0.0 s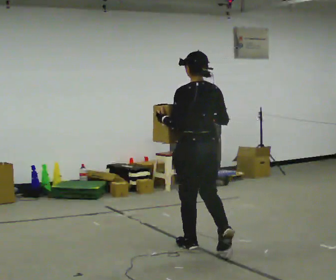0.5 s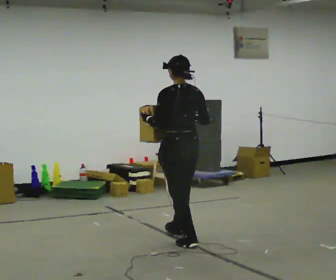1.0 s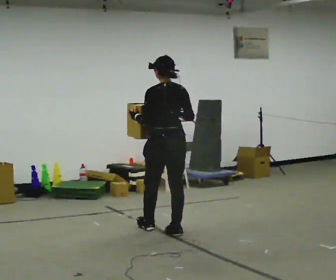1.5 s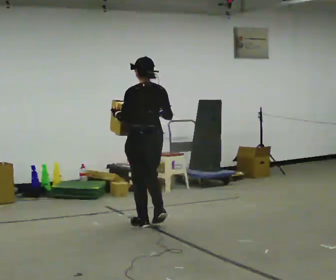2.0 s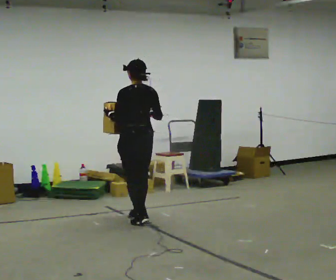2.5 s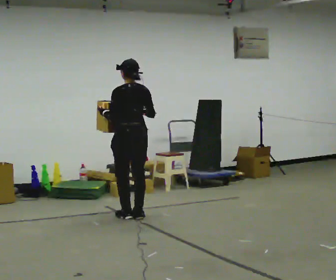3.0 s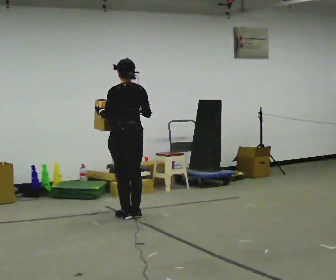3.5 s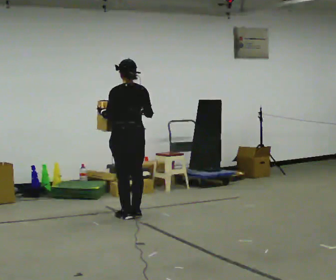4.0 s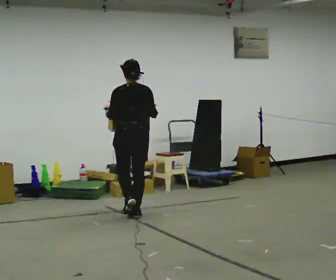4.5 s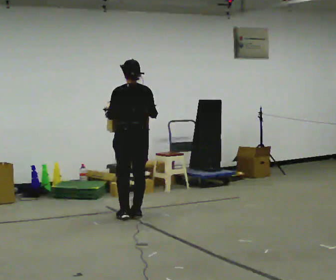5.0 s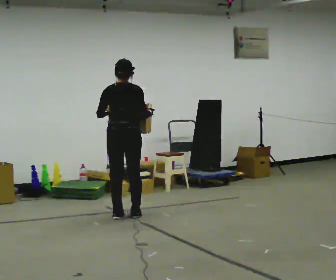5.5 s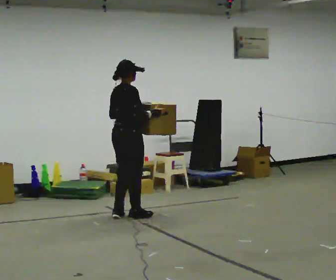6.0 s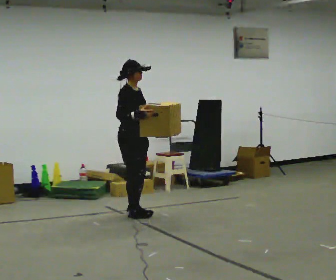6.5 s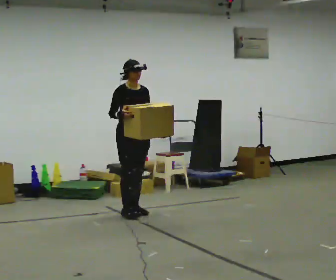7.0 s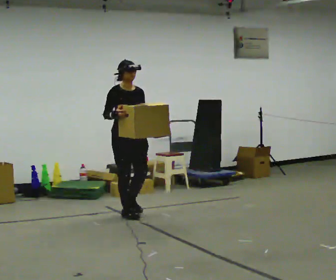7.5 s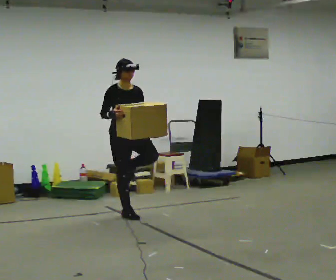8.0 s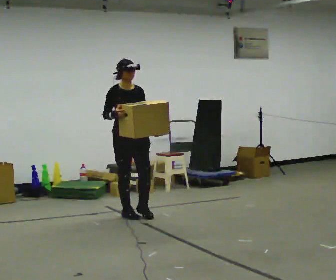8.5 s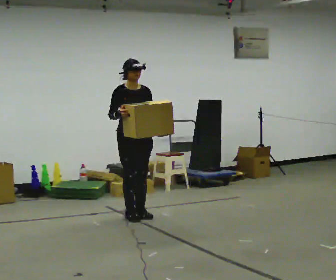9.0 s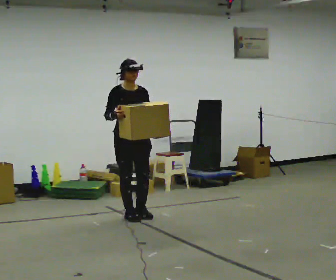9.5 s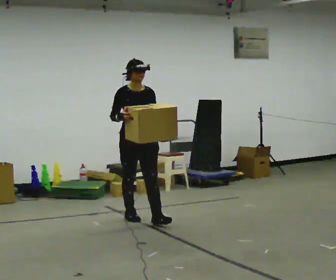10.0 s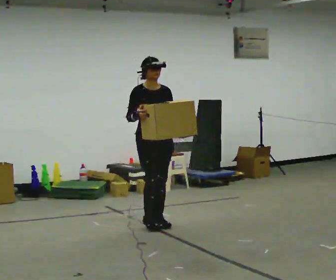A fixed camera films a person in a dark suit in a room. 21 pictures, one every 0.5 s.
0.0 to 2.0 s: In the picture they go away from the camera and to the left, about 1 m in 3 steps, which for them is forward.
2.0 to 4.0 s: In the picture they go away from the camera, about 0.25 m in 1 step, which for them is forward.
4.0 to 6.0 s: The part of the body nearest the lens slides to the left as the person turns to their right by about 120 degrees.
6.0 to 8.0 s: Seen from above the body turns clockwise, about 30 degrees: to their right, with its near side sliding to the left.
8.0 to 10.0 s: In the picture they go toward the camera and to the right, about 0.5 m in 1 step, which for them is forward.
The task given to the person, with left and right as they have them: Carry the box in both hands and walk back and forth across the room. The contents may move around. Carry on as best you can.
The film runs forward here.
